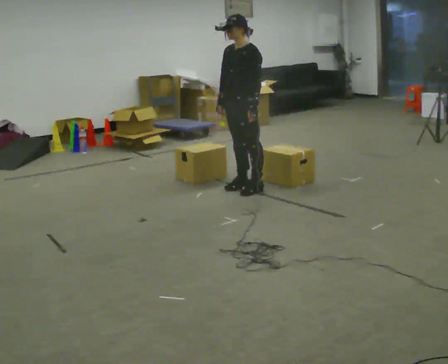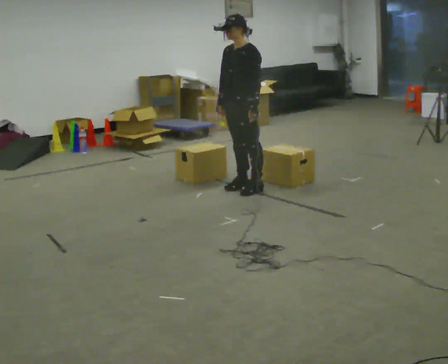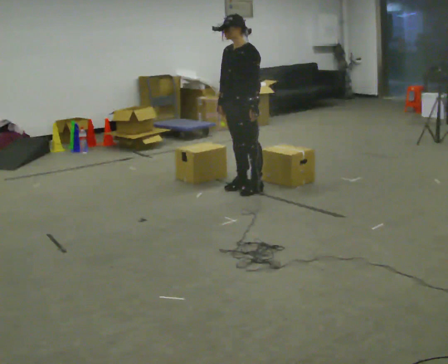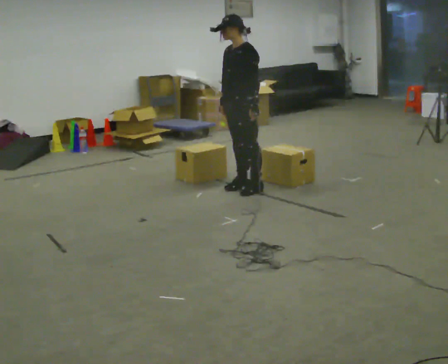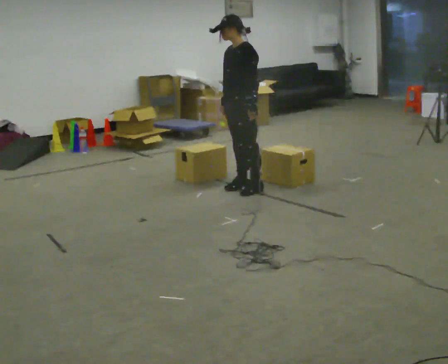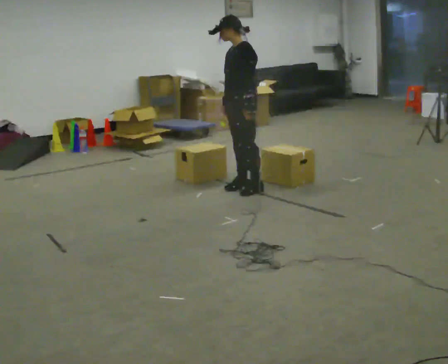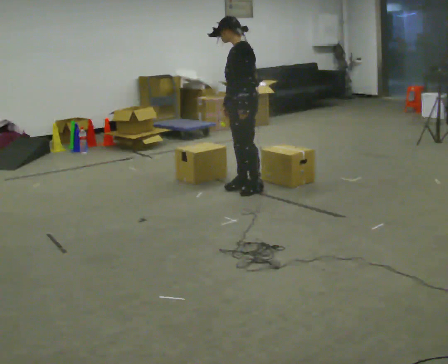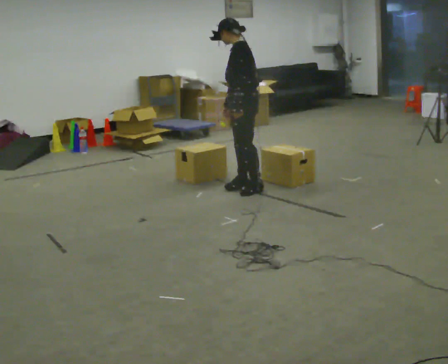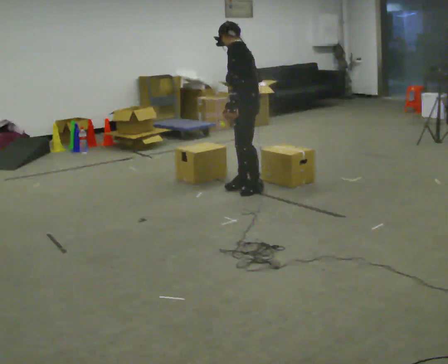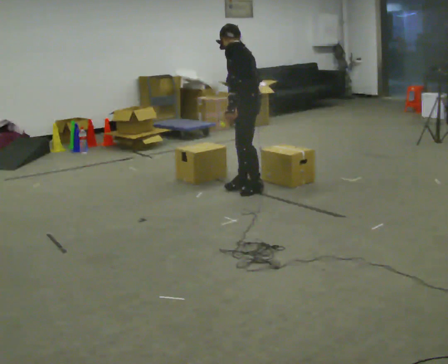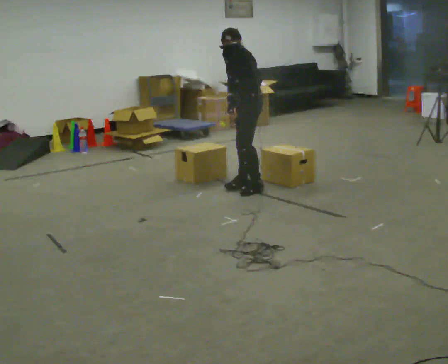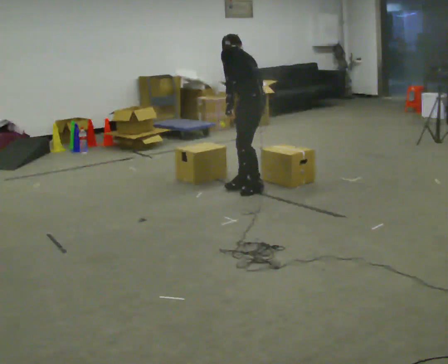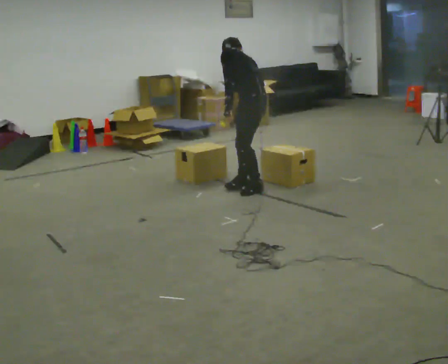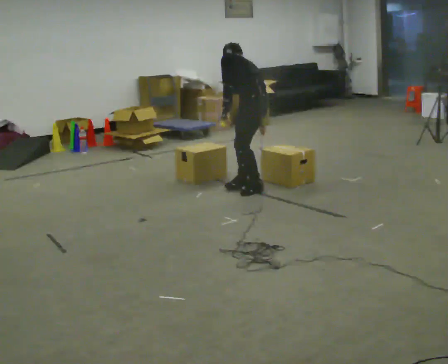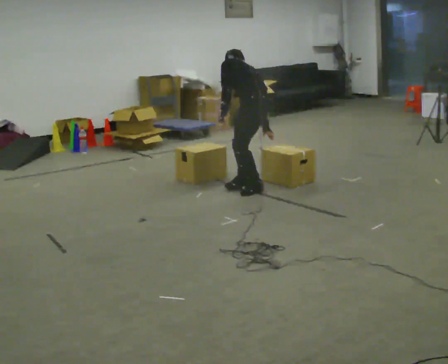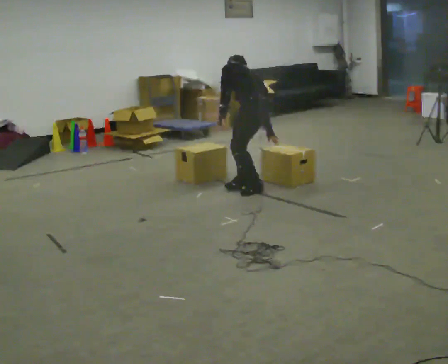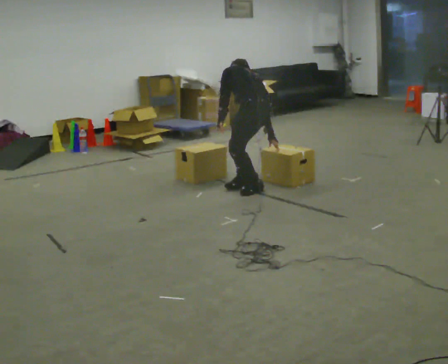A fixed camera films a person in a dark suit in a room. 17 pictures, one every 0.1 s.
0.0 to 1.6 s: The part of the body nearest the lens slides to the left as the person turns to their right by about 75 degrees. In the picture they go toward the camera, about 0.25 m. The shoulders move downward. The upper body tips away from the camera, its near side rolling upward, as they bend forward. In the picture their right hand goes to the right and downward.
The film runs backward here.
